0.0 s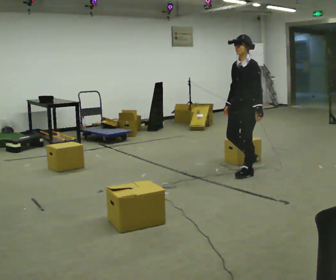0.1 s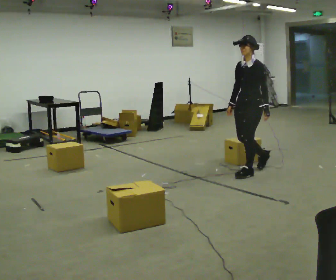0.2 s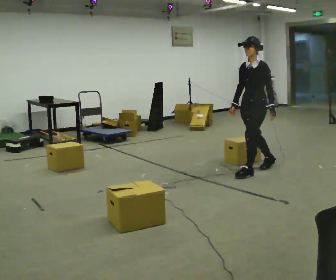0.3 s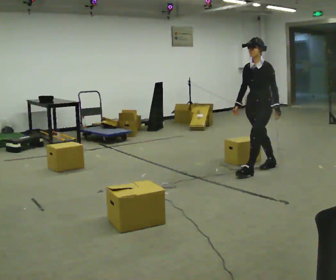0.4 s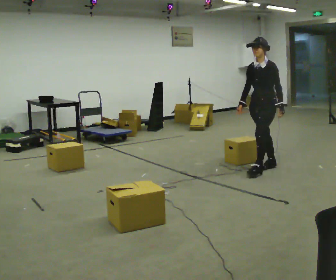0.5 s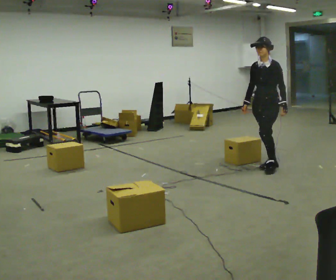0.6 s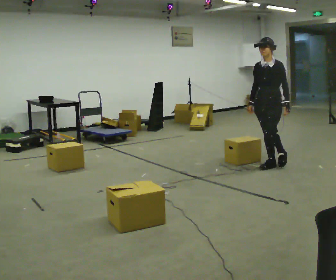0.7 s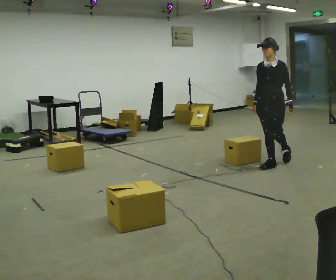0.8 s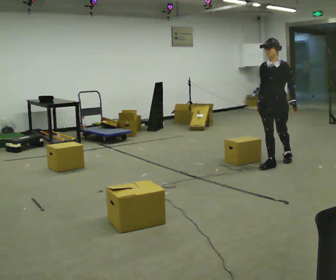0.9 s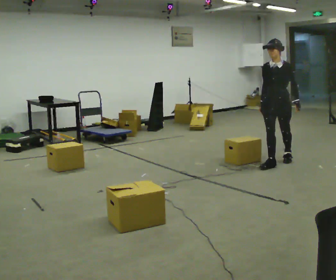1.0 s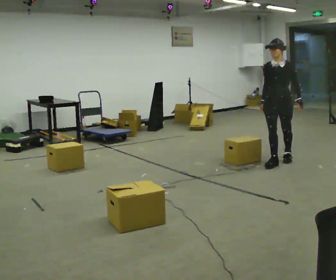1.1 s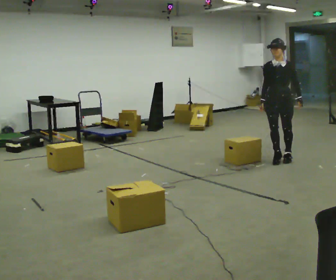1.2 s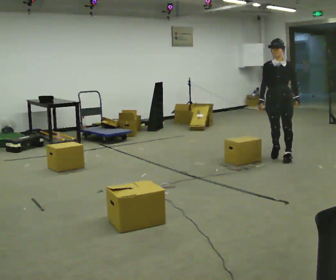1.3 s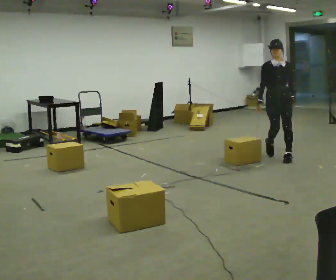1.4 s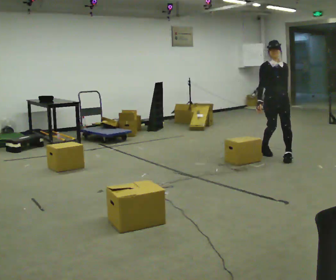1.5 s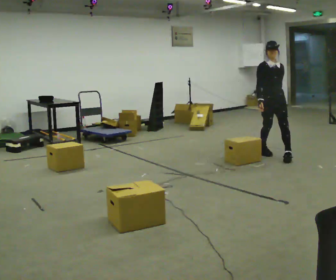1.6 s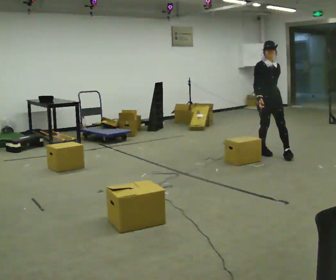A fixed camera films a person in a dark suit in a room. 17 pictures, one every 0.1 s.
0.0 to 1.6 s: The part of the body nearest the lens slides to the right as the person turns to their left by about 75 degrees. In the picture they go away from the camera, about 1 m in 3 steps.
The film runs backward here.
